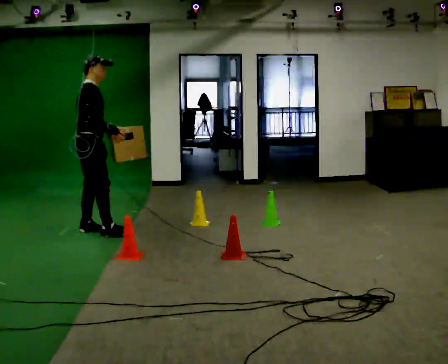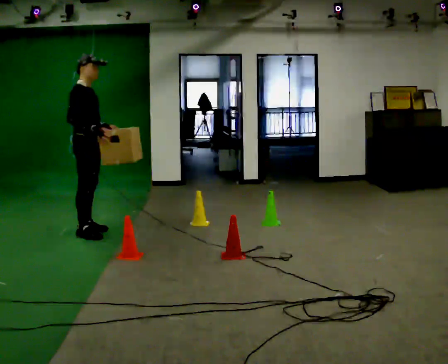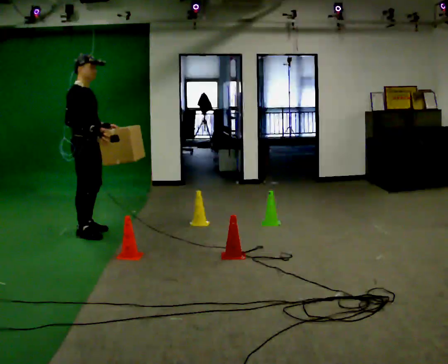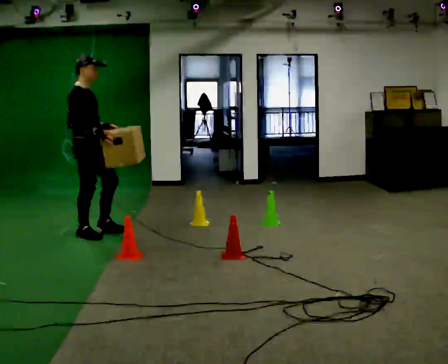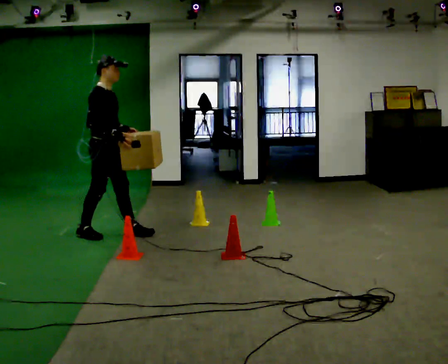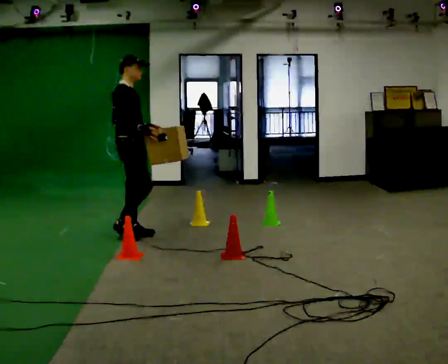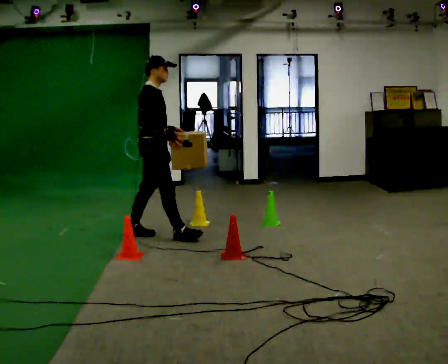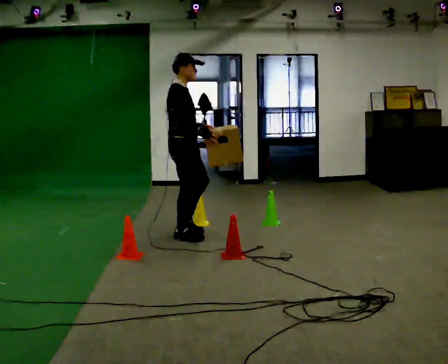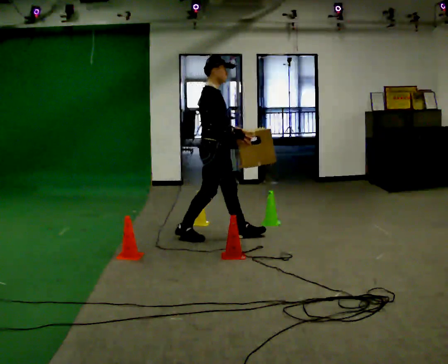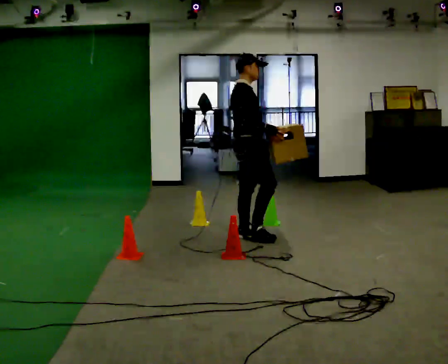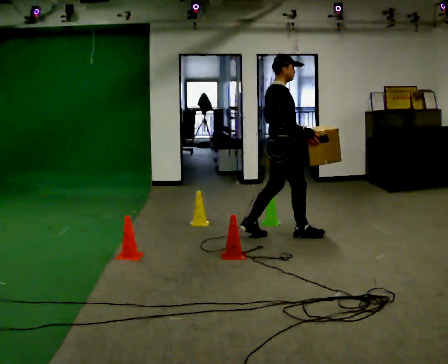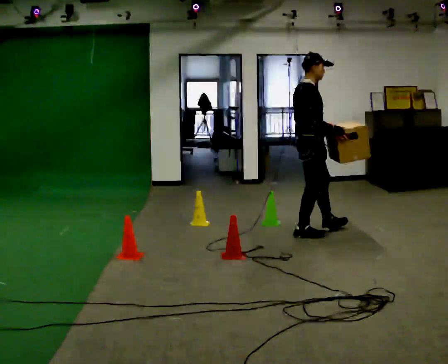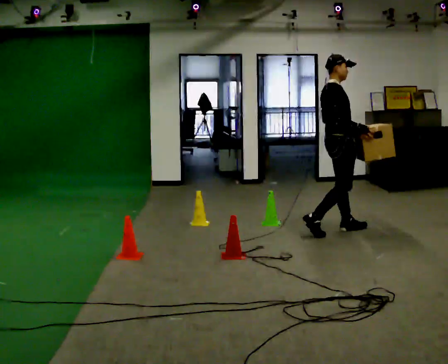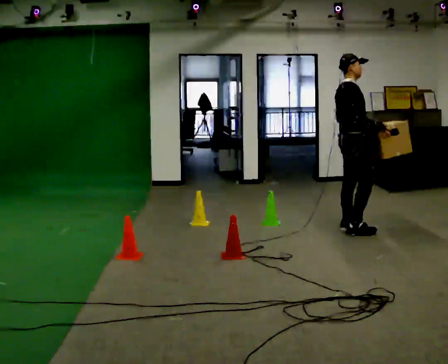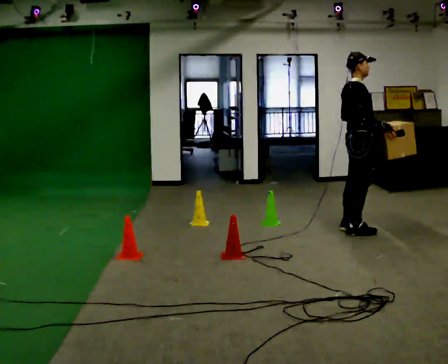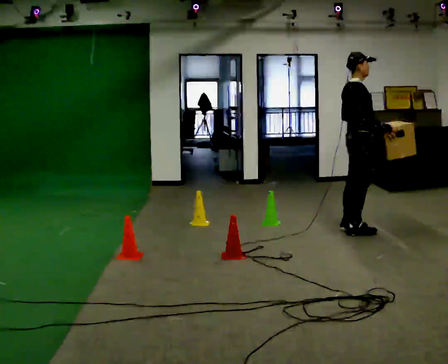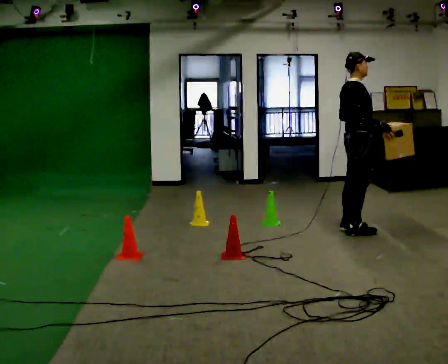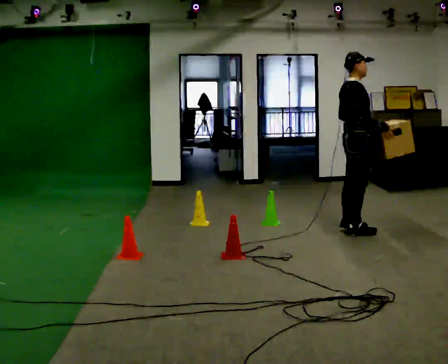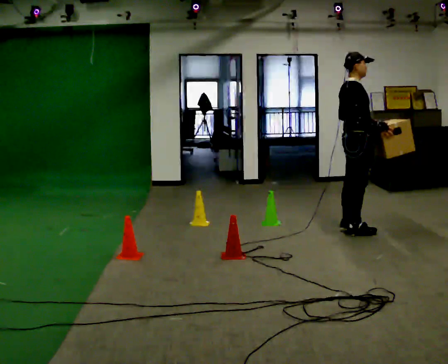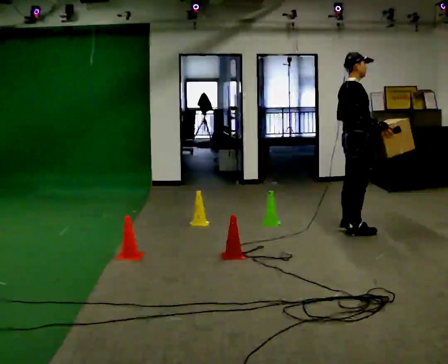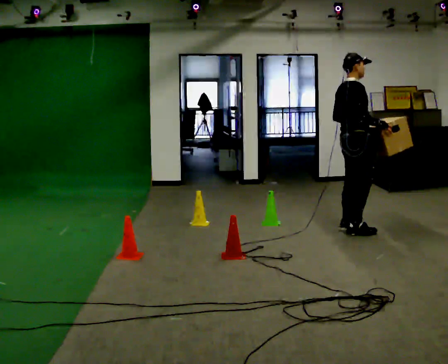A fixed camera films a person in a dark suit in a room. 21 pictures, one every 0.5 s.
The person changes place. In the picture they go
to the right.
0.0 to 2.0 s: Seen from above the body turns clockwise, about 30 degrees: to their right, with its near side sliding to the left. In the picture they go to the right, about 0.25 m in 2 steps, which for them is forward. In the picture their left hand goes to the right.
2.0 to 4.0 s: In the picture they go to the right, about 1 m in 2 steps, which for them is forward.
4.0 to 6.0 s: In the picture they go to the right, about 1 m in 2 steps, which for them is forward.
6.0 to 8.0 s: In the picture they go to the right, about 0.25 m in 1 step, which for them is forward.
8.0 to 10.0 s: The person moves a little, or ends about where they began.
The film runs forward here.
